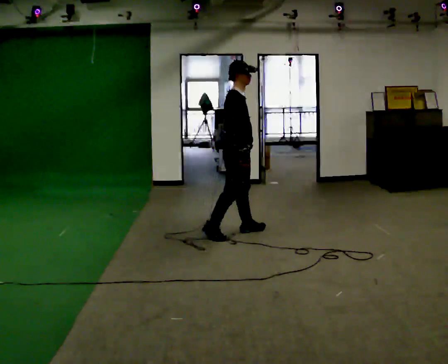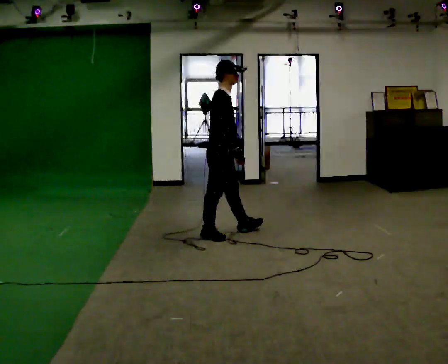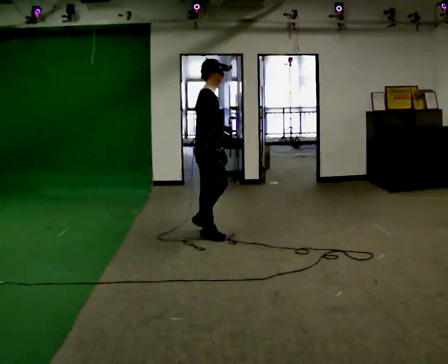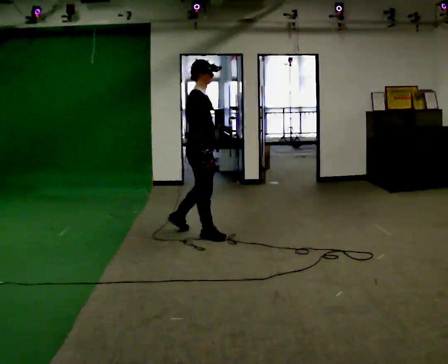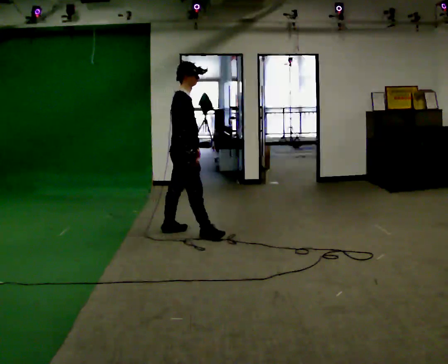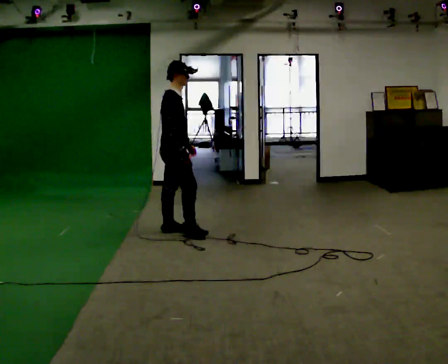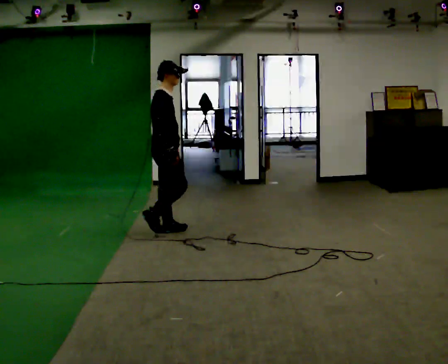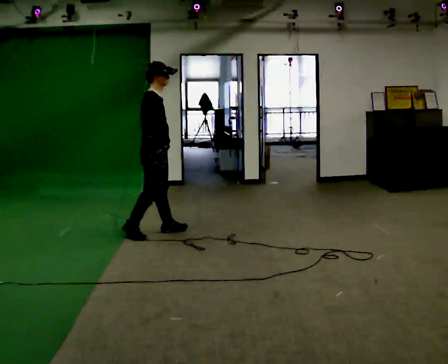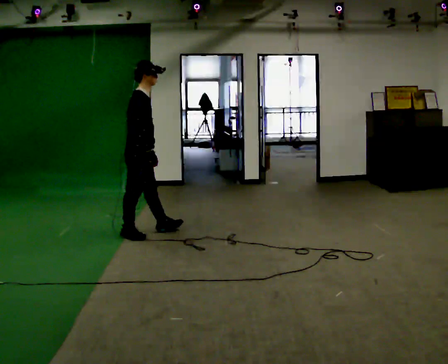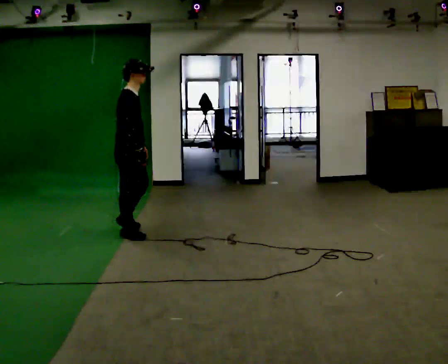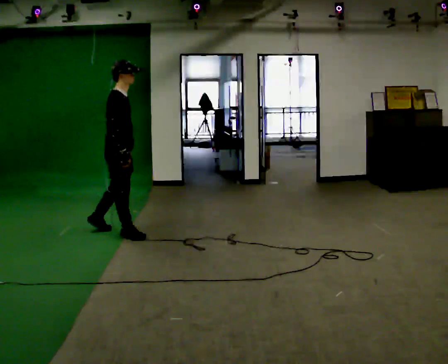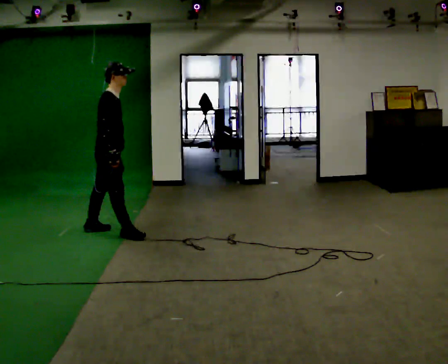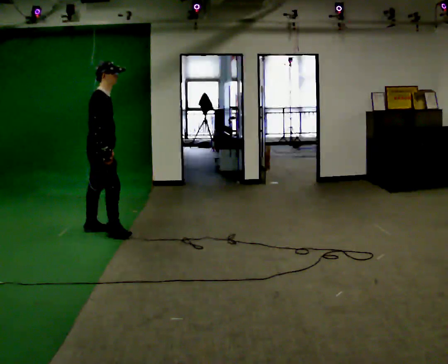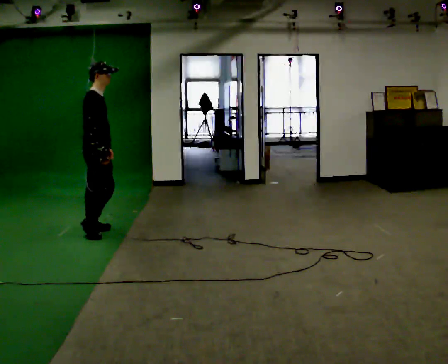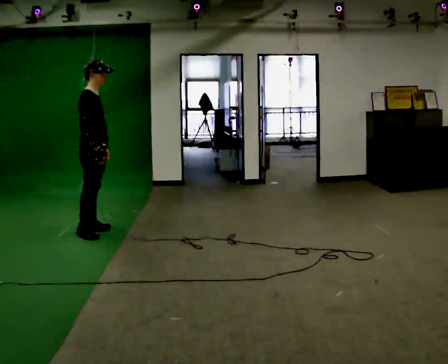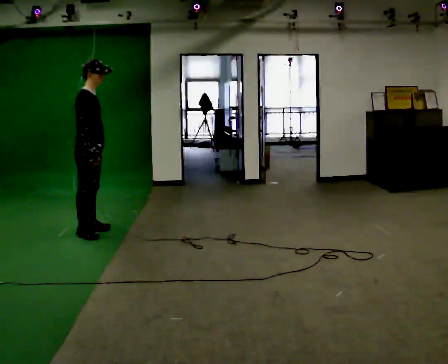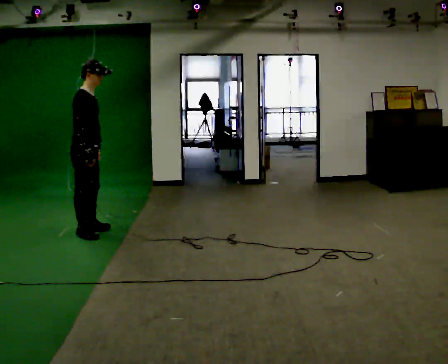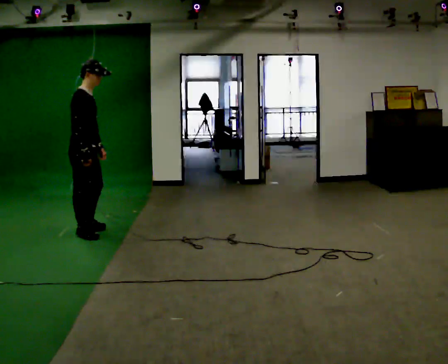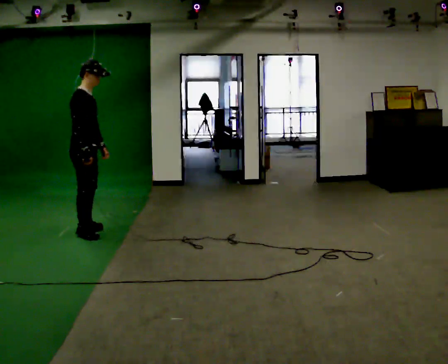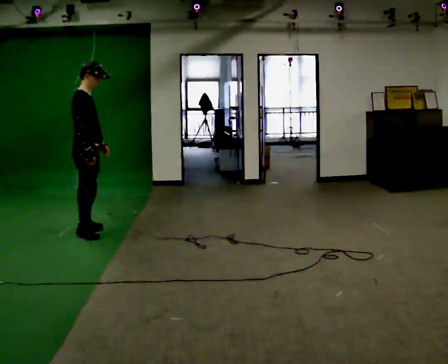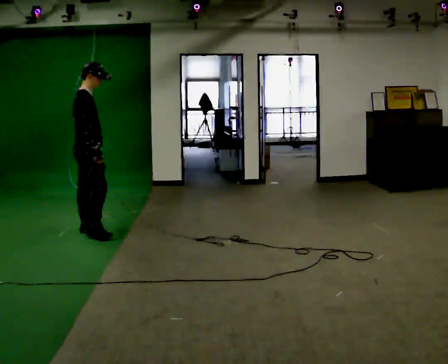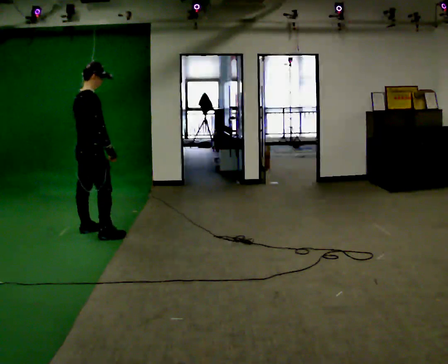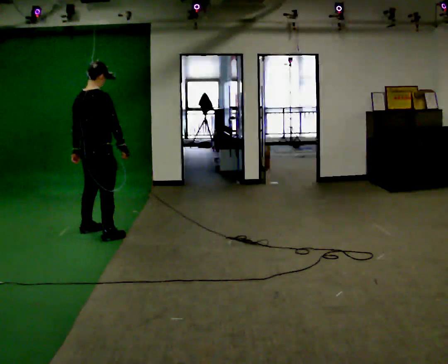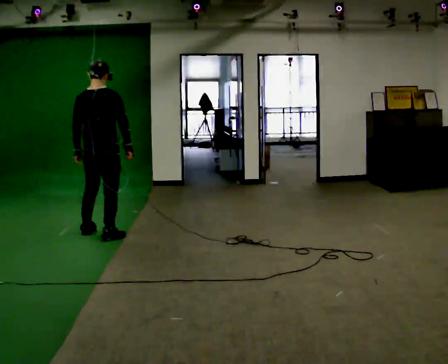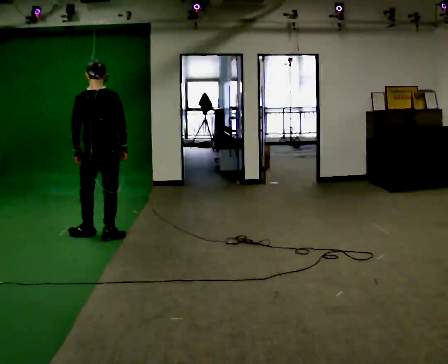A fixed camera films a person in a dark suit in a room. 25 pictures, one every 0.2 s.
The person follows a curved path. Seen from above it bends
counterclockwise.
The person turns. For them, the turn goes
to their left.
0.0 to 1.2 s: In the picture they go to the left, about 0.5 m in 2 steps, which for them is backward.
1.2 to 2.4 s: In the picture they go to the left, about 0.75 m in 2 steps, which for them is backward.
2.4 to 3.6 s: In the picture they go to the left, about 0.25 m, which for them is backward.
3.6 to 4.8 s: Seen from above the body turns counterclockwise, about 105 degrees: to their left, with its near side sliding to the right. In the picture they go to the right, about 0.25 m in 1 step. In the picture their right hand goes to the right.
The film runs backward here.
